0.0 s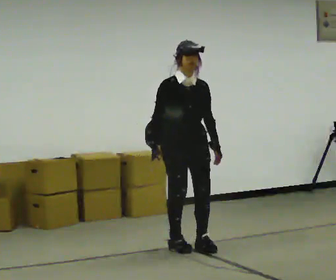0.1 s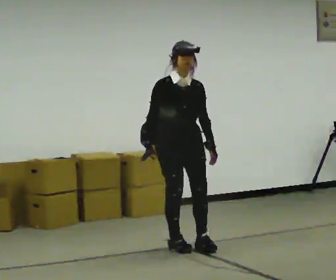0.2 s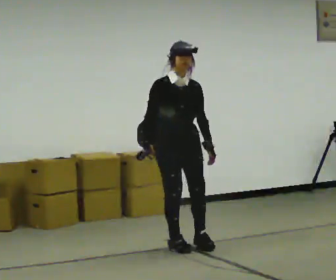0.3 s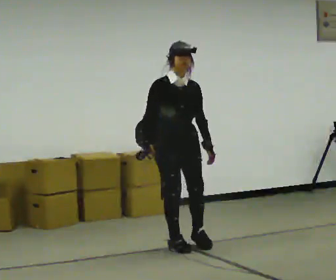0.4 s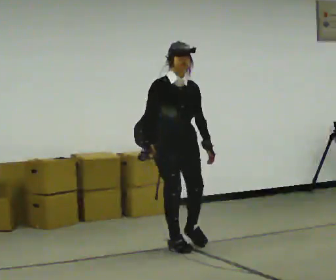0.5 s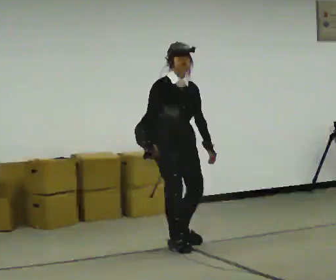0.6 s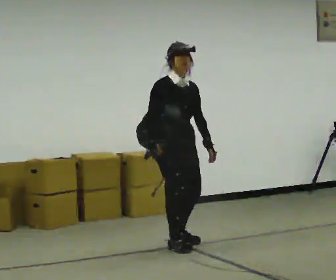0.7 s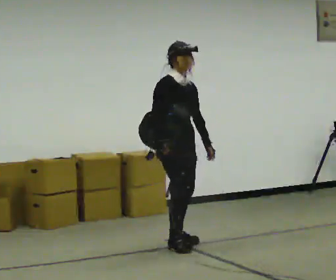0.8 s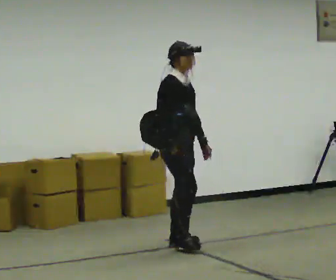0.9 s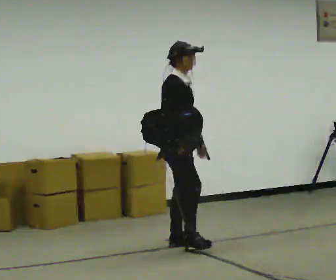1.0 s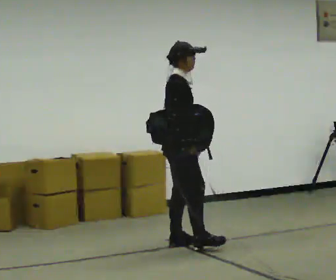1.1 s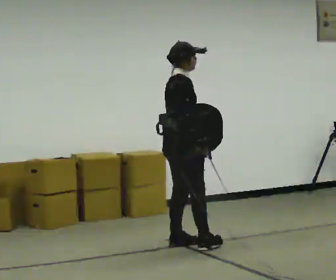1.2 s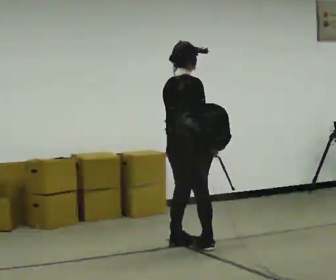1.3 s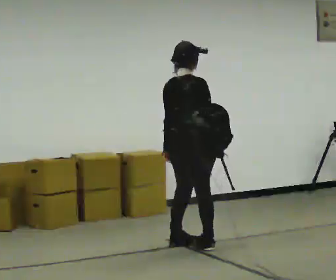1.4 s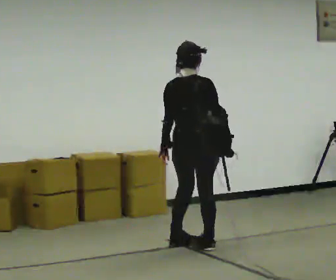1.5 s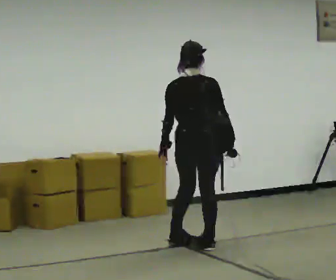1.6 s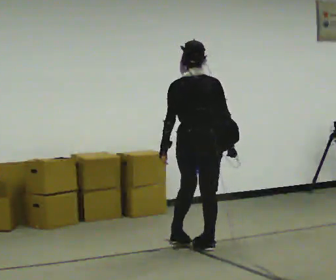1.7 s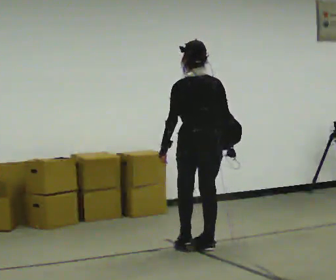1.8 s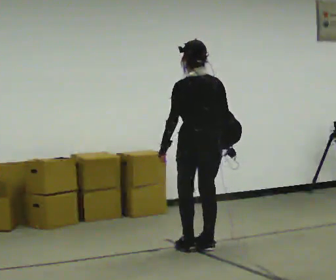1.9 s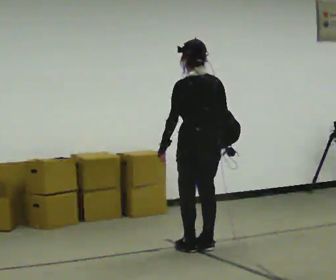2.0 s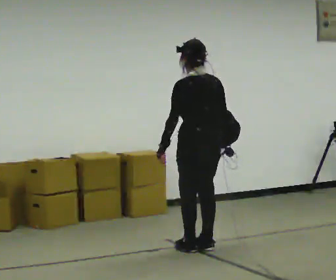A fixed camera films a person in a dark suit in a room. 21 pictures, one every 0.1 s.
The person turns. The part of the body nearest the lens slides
to the right.
The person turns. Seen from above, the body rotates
counterclockwise.
0.0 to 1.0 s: Seen from above the body turns counterclockwise, about 60 degrees: to their left, with its near side sliding to the right.
1.0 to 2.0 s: The person turns about 120 degrees to their left, counterclockwise seen from above, so the part of the body nearest the lens slides to the right. In the picture they go to the right and toward the camera, about 0.25 m in 1 step.
The film runs backward here.
